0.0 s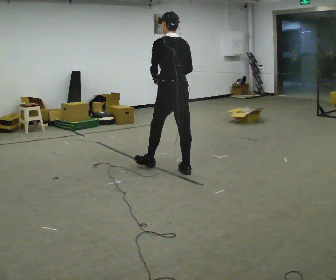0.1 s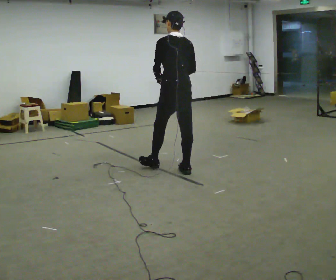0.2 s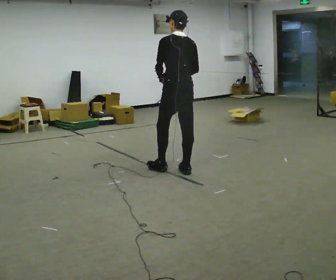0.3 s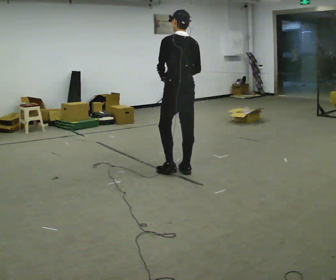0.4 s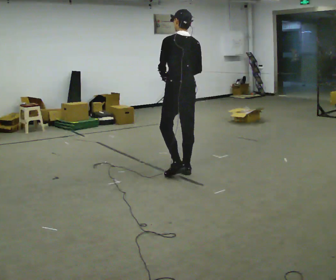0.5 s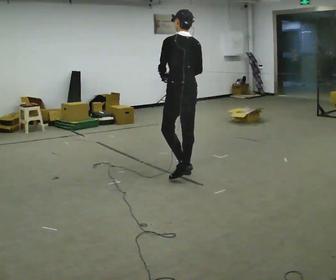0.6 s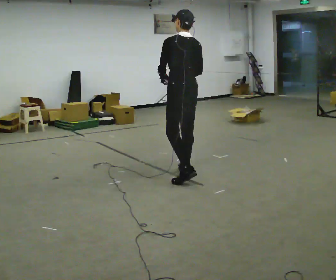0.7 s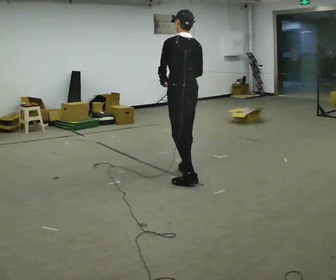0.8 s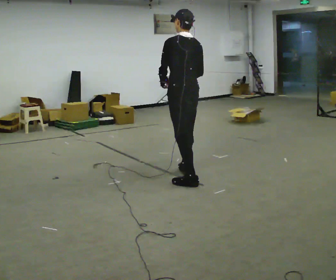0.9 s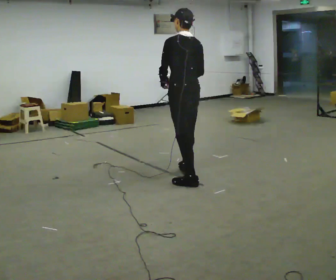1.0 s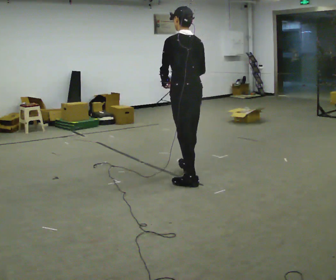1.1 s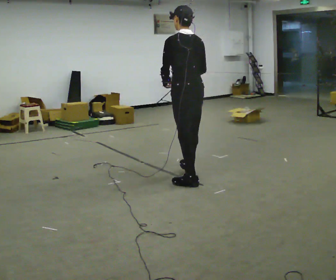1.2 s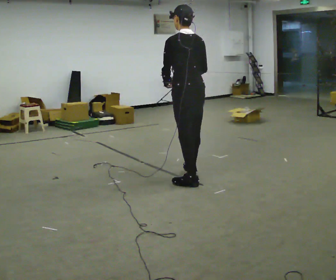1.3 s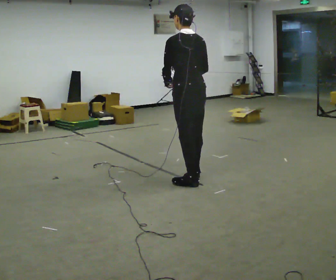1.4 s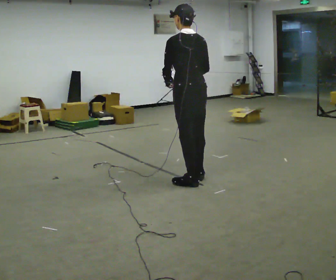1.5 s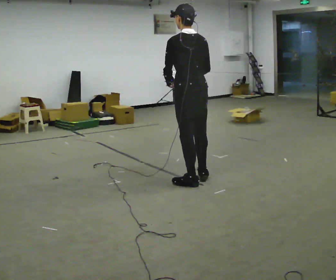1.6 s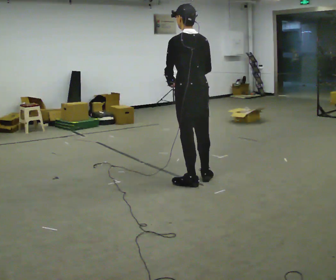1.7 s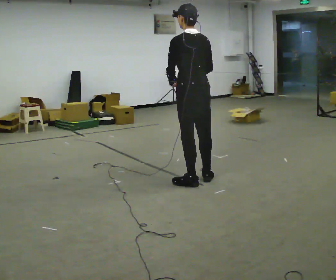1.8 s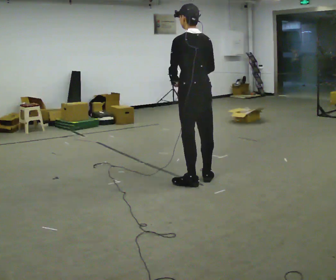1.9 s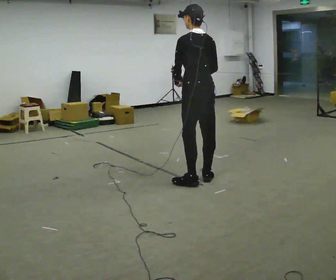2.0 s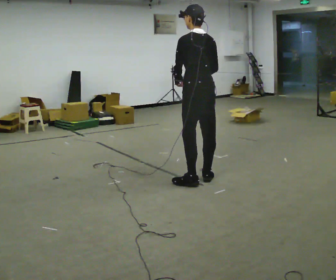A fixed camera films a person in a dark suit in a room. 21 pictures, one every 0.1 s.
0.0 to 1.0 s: In the picture they go toward the camera and to the right, about 0.5 m in 1 step, which for them is backward.
1.0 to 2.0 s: The person moves a little, or ends about where they began.
The film runs backward here.
